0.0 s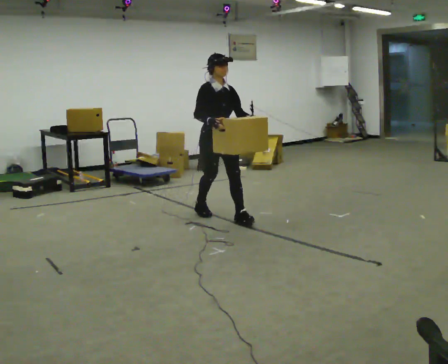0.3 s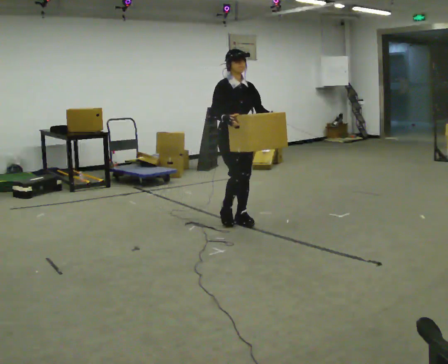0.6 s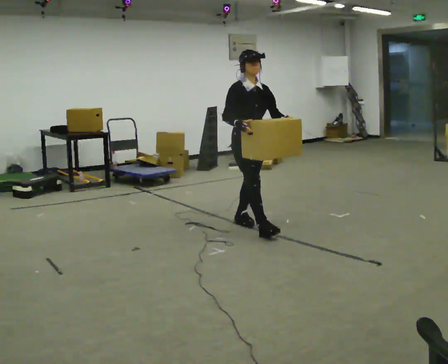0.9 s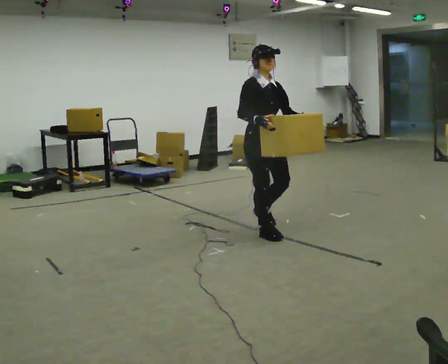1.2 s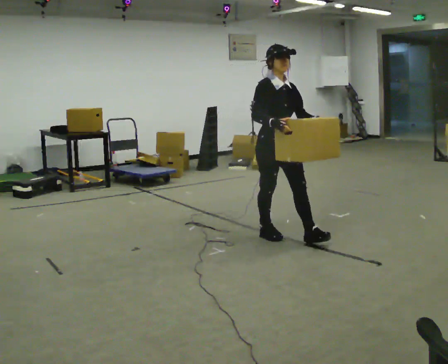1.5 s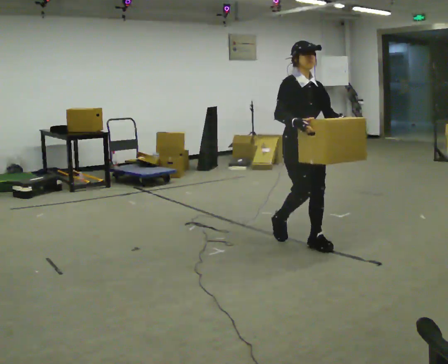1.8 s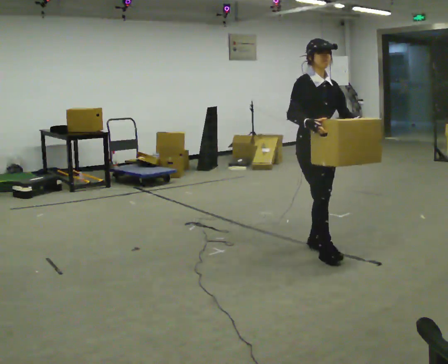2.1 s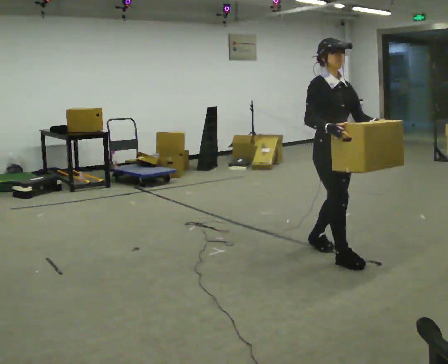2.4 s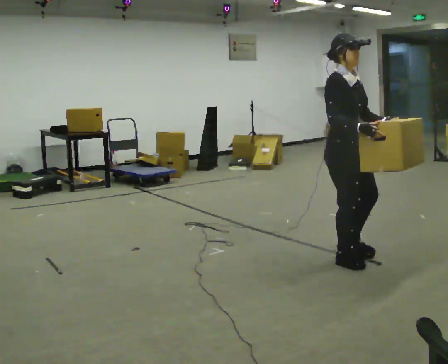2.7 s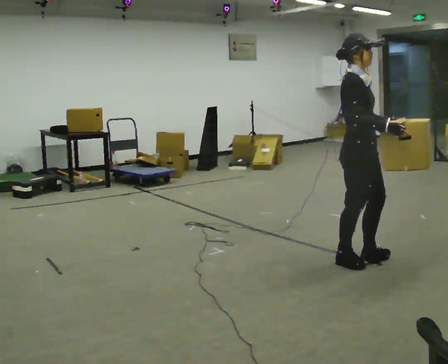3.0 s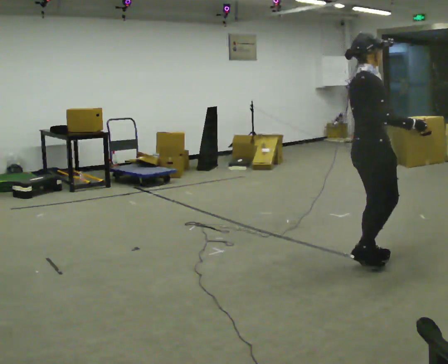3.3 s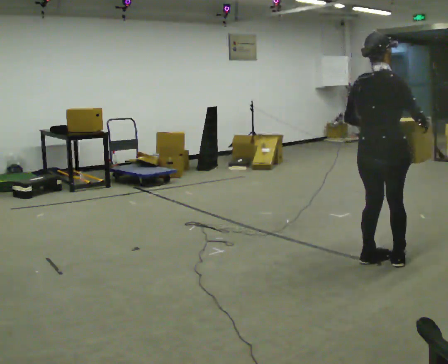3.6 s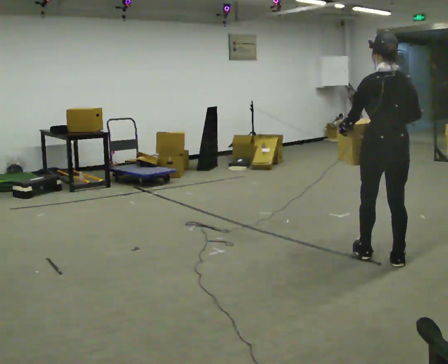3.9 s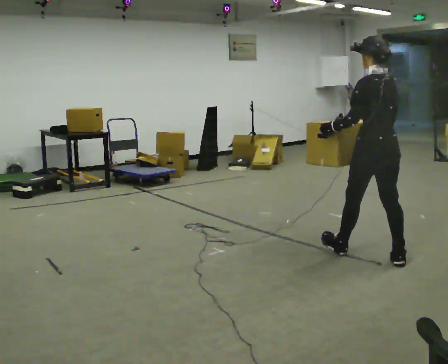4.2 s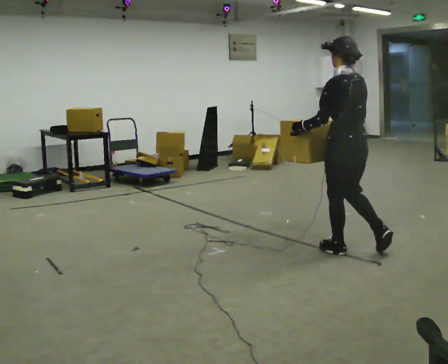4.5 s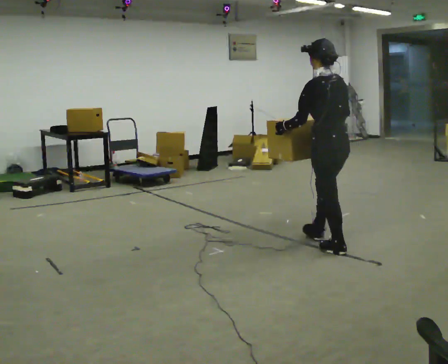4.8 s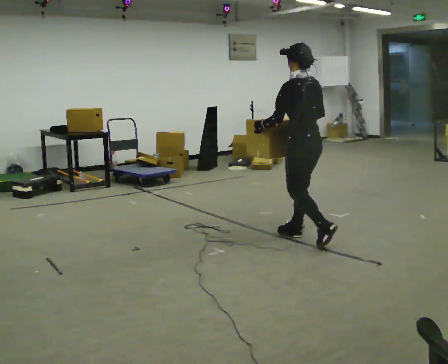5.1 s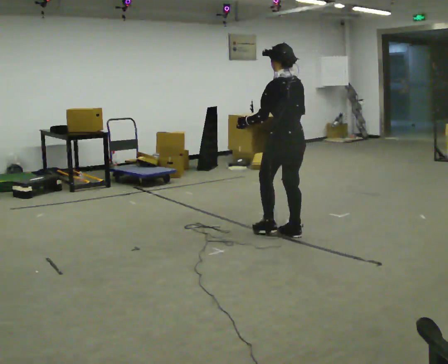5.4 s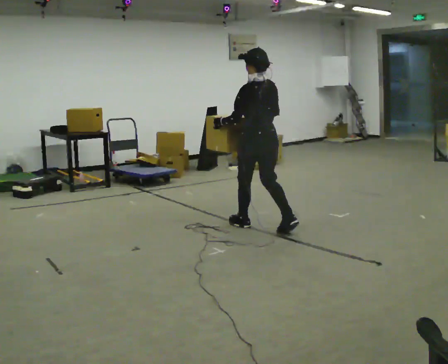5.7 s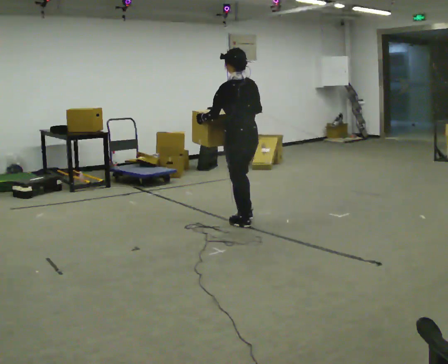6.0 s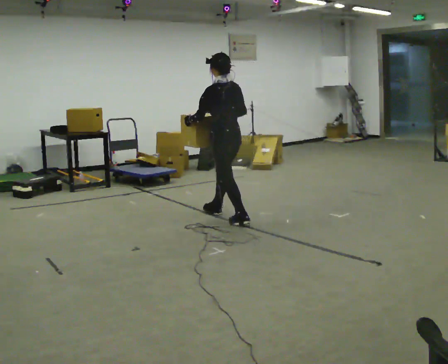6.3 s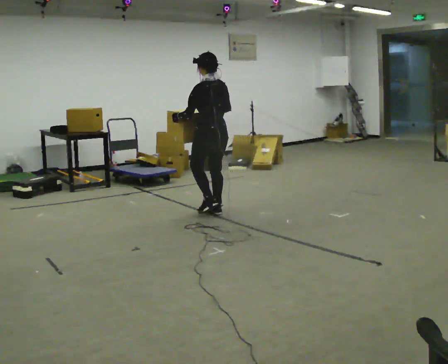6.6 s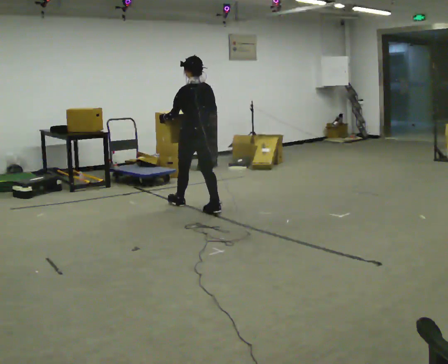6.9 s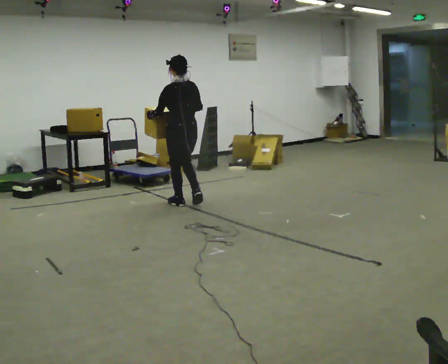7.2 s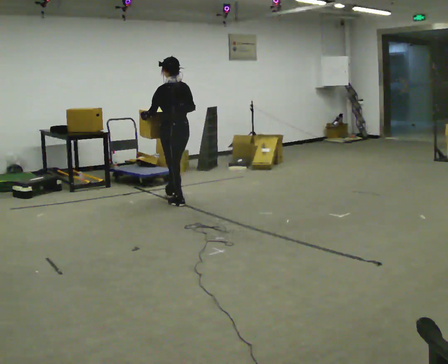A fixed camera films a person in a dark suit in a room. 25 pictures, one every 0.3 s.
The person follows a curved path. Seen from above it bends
counterclockwise.
0.0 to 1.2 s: In the picture they go to the right and toward the camera, about 1 m in 1 step, which for them is forward.
1.2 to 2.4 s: In the picture they go to the right and toward the camera, about 1 m in 2 steps, which for them is forward.
2.4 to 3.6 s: The person turns about 135 degrees to their left, counterclockwise seen from above, so the part of the body nearest the lens slides to the right. In the picture they go to the right, about 0.25 m in 2 steps.
3.6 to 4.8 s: Seen from above the body turns counterclockwise, about 45 degrees: to their left, with its near side sliding to the right. In the picture they go to the left and away from the camera, about 1 m in 2 steps, which for them is forward.
4.8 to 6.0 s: In the picture they go to the left and away from the camera, about 1 m in 2 steps, which for them is forward.
6.0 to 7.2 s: In the picture they go to the left and away from the camera, about 1 m in 1 step, which for them is forward.
The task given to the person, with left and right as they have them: Carry the large light object across the room, back and forth. It is awkward rather than heavy, so hold it however works.
The film runs forward here.
